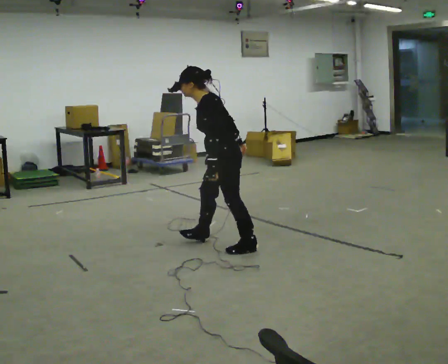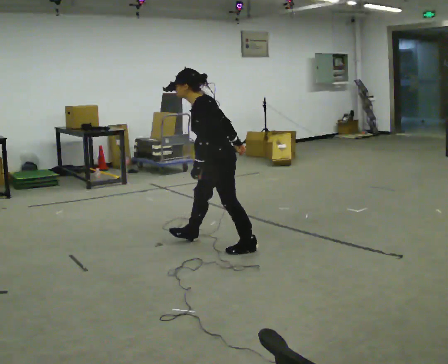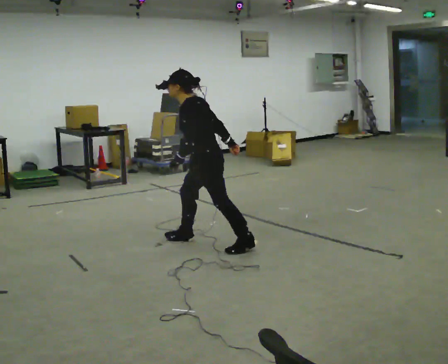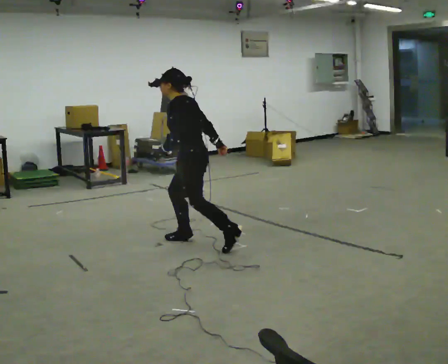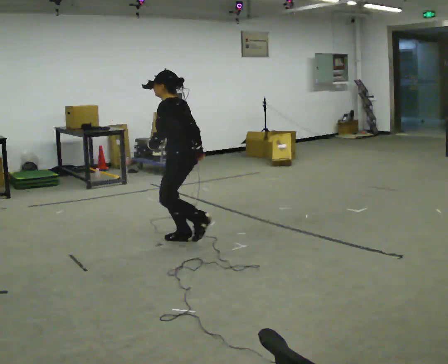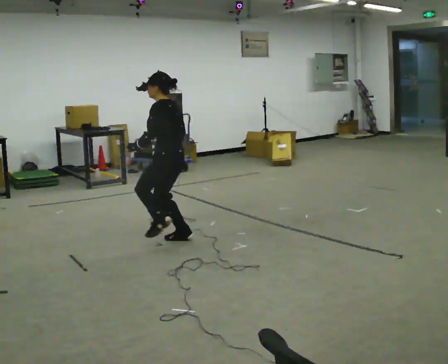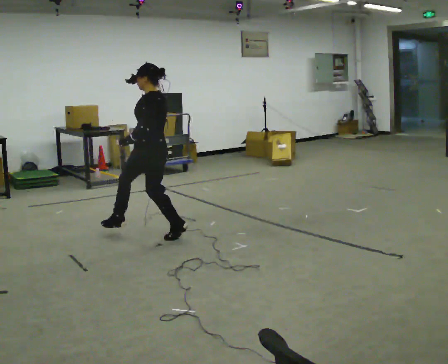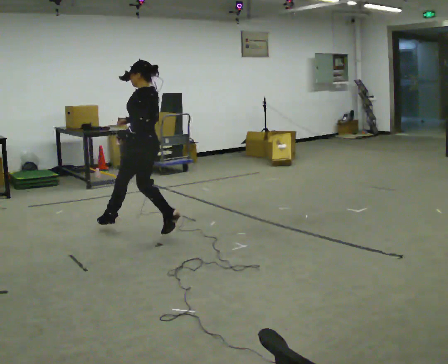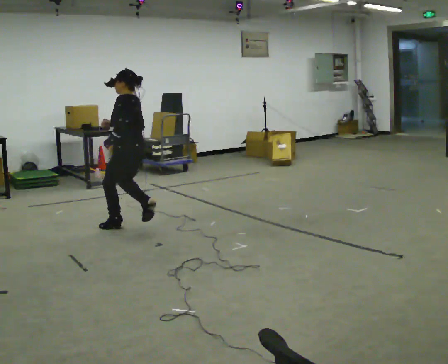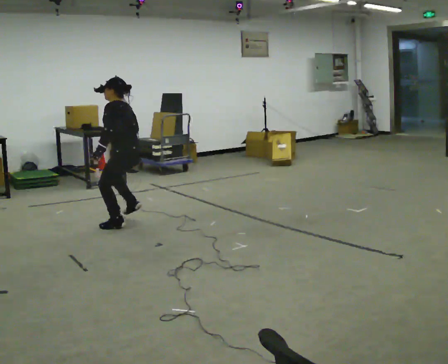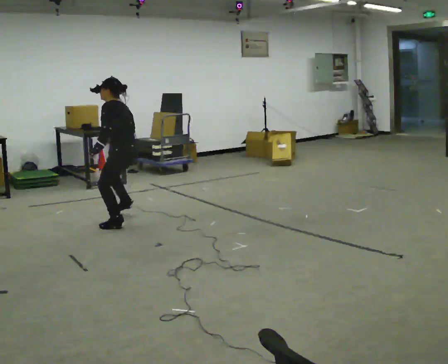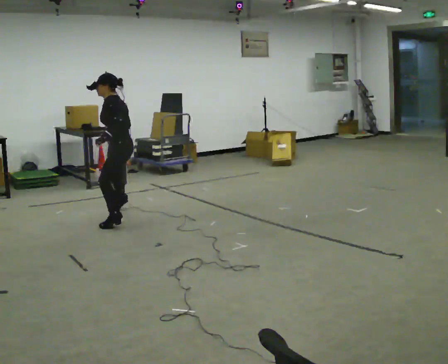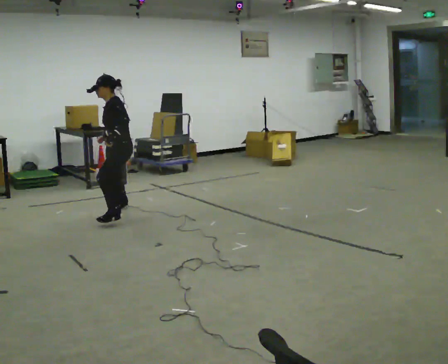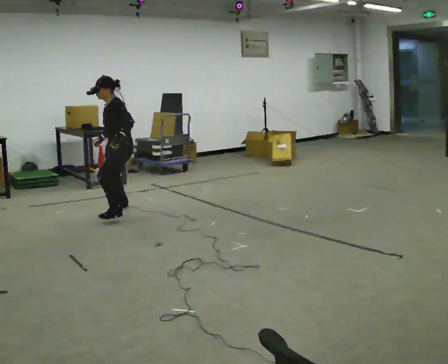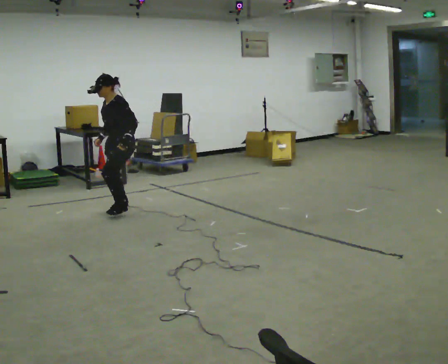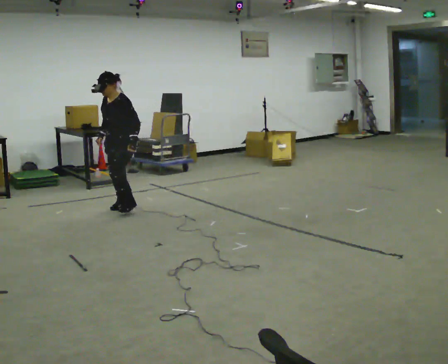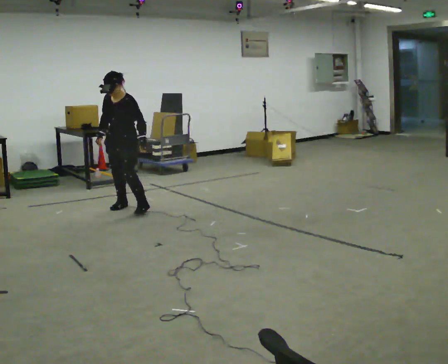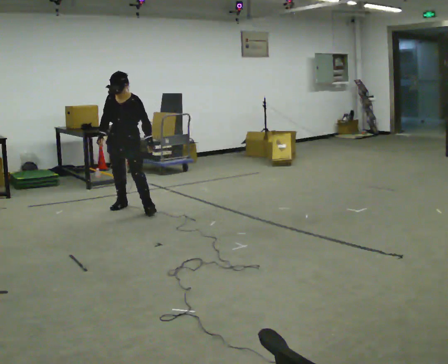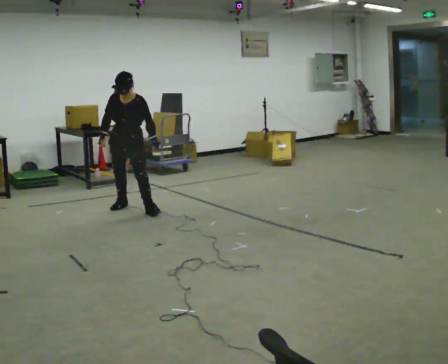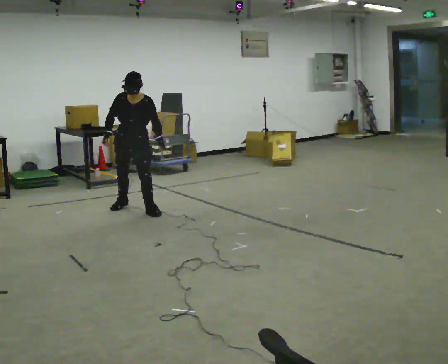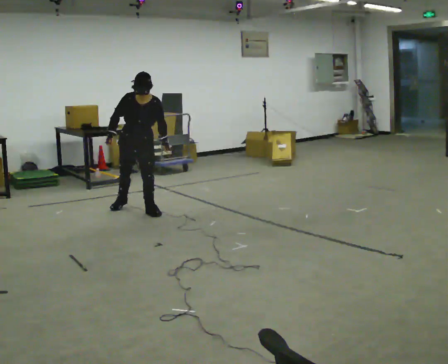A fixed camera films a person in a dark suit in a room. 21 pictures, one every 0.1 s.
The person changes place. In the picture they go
away from the camera.
The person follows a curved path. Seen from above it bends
clockwise.
0.0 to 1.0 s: In the picture they go away from the camera and to the left, about 1 m in 2 steps, which for them is forward and to their right.
1.0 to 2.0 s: Seen from above the body turns counterclockwise, about 105 degrees: to their left, with its near side sliding to the right. In the picture they go away from the camera, about 0.5 m in 1 step. The upper body tips toward the camera, its near side rolling downward.
The film runs backward here.
